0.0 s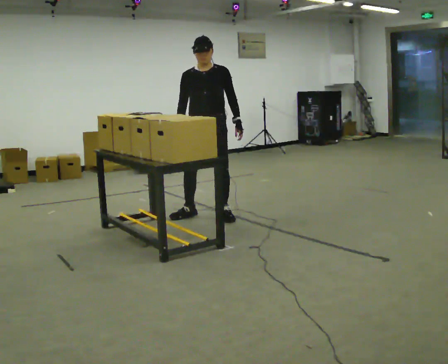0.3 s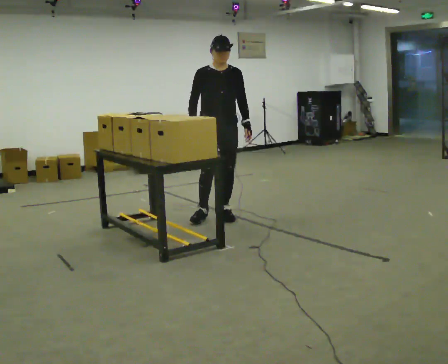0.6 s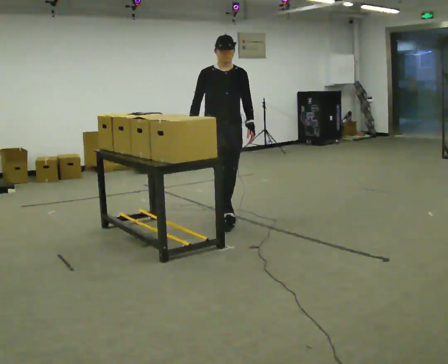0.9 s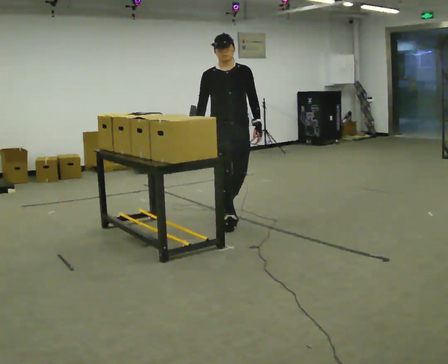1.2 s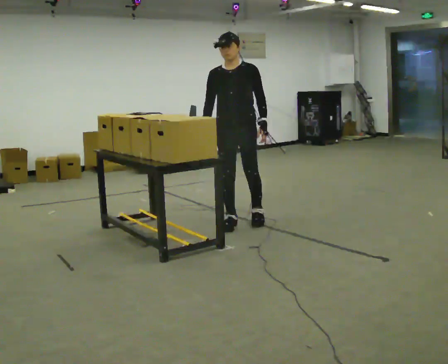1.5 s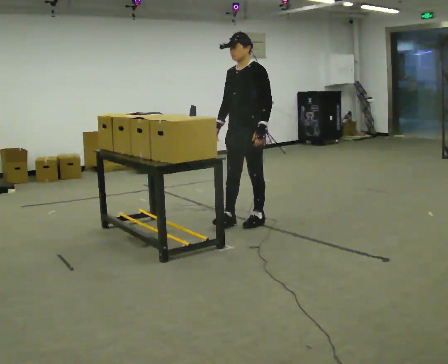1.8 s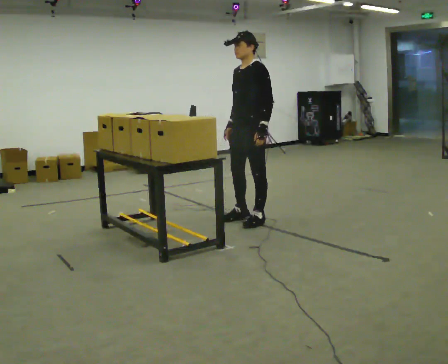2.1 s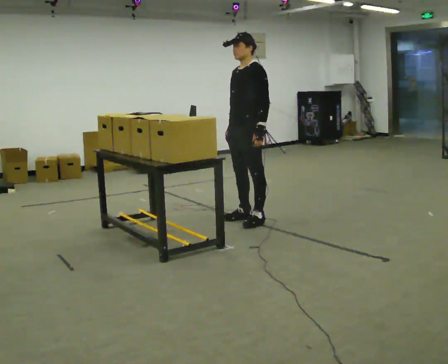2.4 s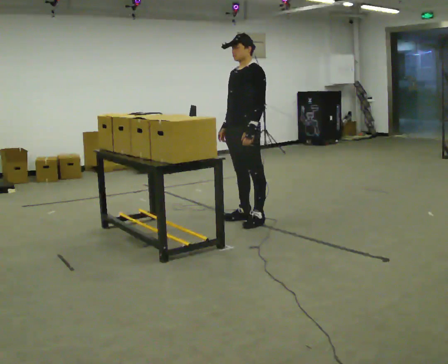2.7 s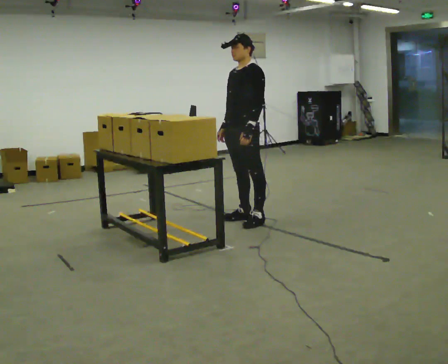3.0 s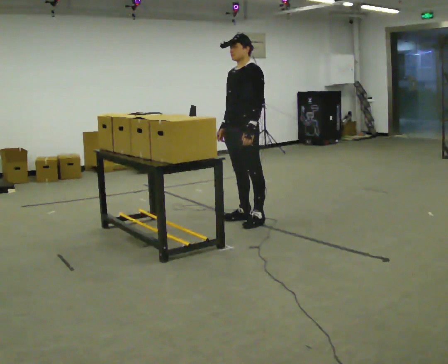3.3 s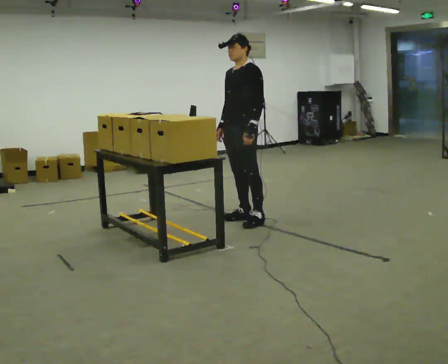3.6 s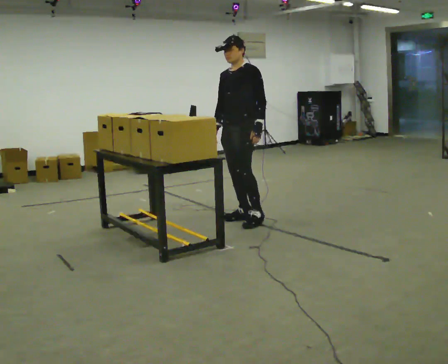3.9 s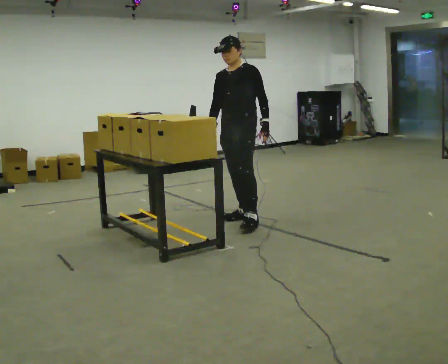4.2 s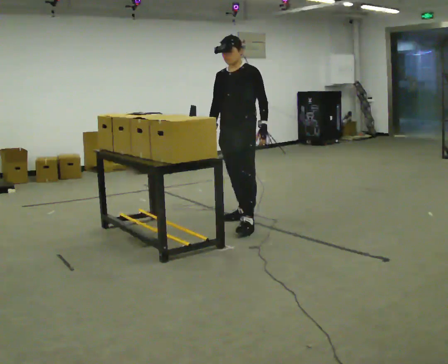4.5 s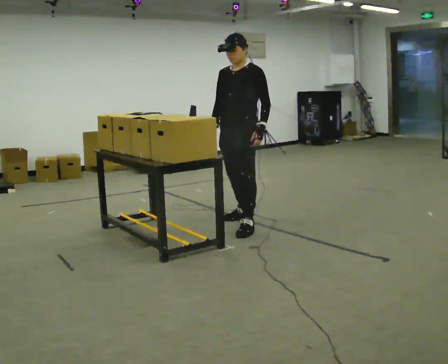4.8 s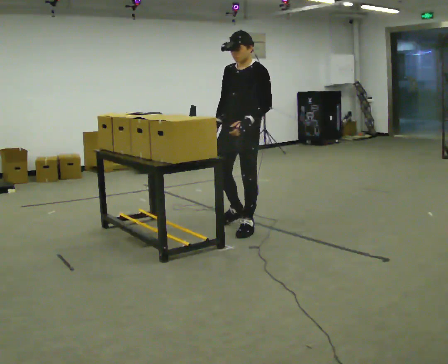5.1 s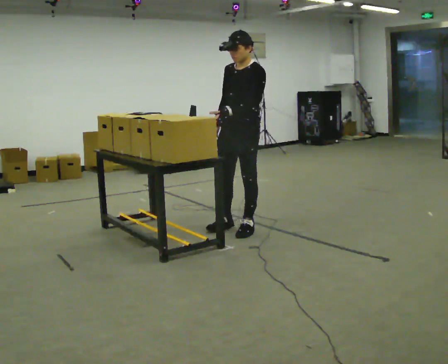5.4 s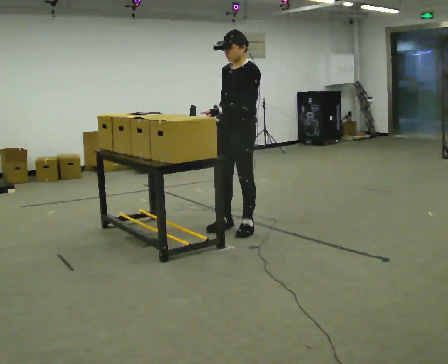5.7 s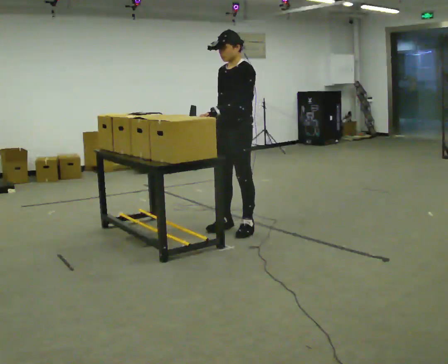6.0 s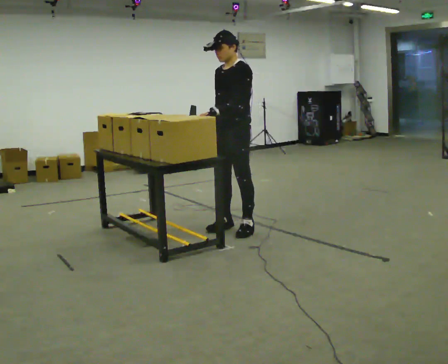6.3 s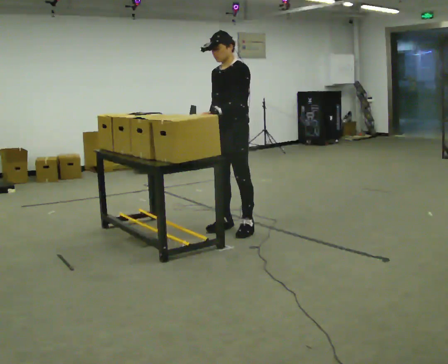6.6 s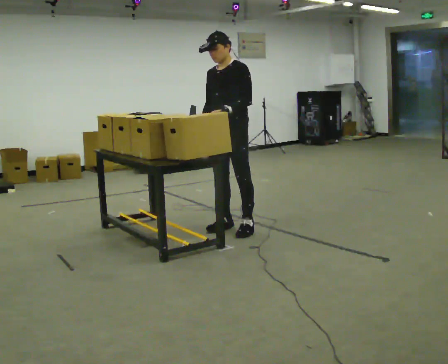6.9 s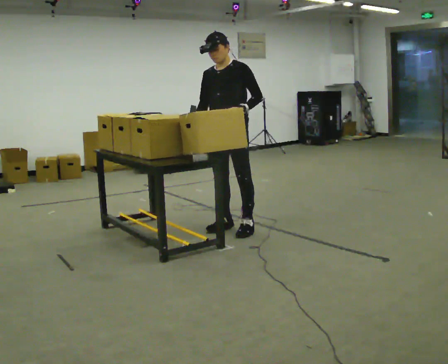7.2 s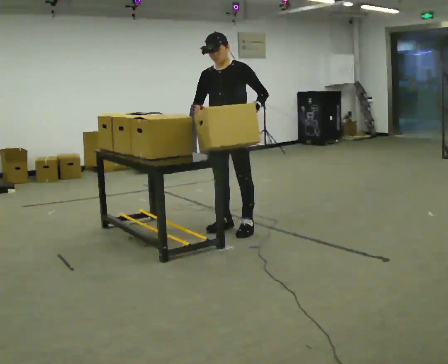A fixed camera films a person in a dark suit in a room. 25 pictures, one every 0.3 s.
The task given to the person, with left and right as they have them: Crouch down and place the object on the lowest shelf, then stand back up. Do not step. Repeat at your own pace until the operator says stop.
0.0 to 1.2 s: In the picture they go to the right and toward the camera, about 0.25 m in 1 step, which for them is forward and to their left.
1.2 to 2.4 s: The part of the body nearest the lens slides to the left as the person turns to their right by about 45 degrees.
2.4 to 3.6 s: The person moves a little, or ends about where they began.
3.6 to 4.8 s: In the picture they go toward the camera, about 0.25 m in 1 step, which for them is to their left and forward.
4.8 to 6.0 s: The person moves a little, or ends about where they began.
6.0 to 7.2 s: Seen from above the body turns counterclockwise, about 30 degrees: to their left, with its near side sliding to the right. In the picture their left hand goes to the right, the arm swinging counterclockwise.
The film runs forward here.
